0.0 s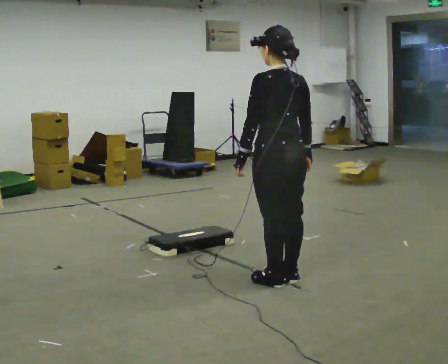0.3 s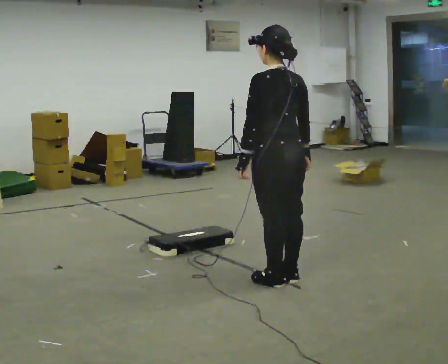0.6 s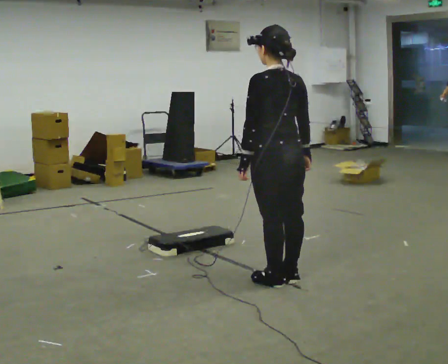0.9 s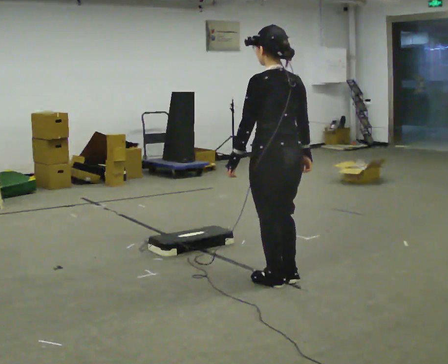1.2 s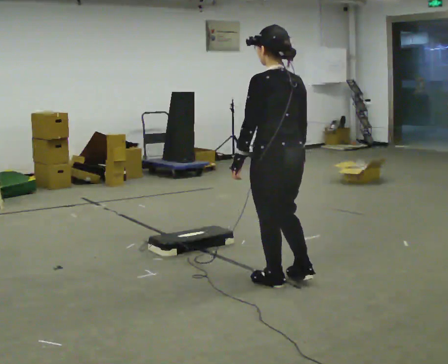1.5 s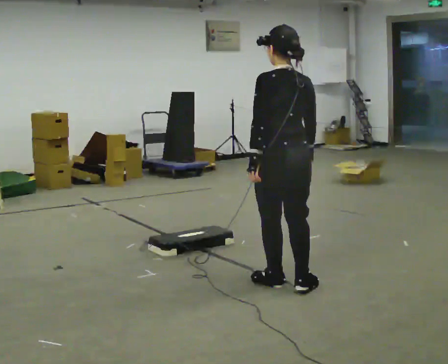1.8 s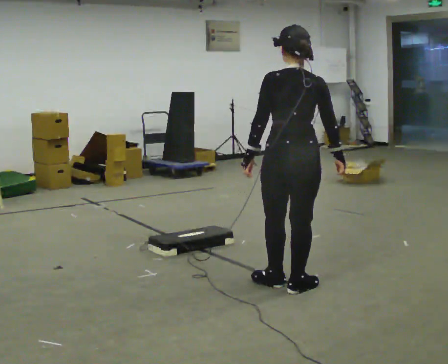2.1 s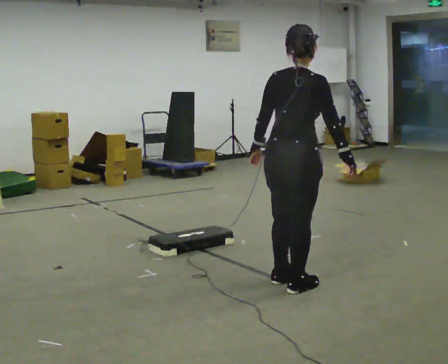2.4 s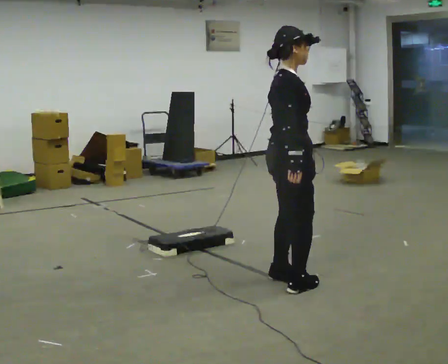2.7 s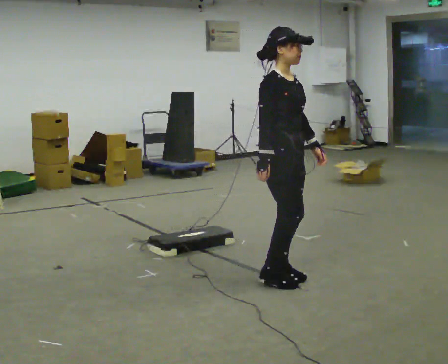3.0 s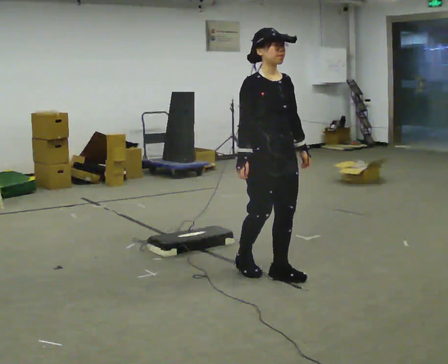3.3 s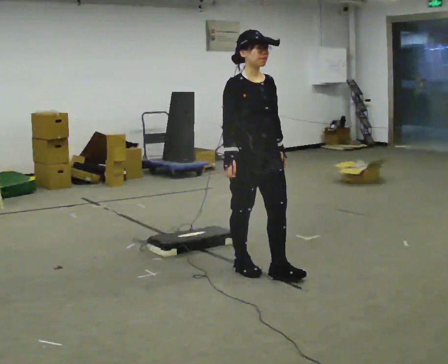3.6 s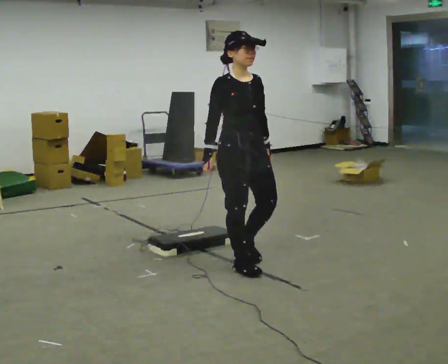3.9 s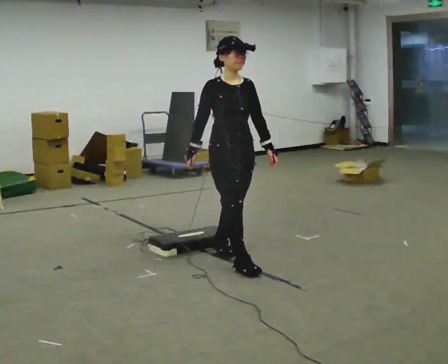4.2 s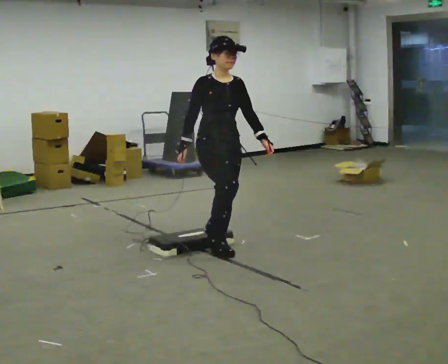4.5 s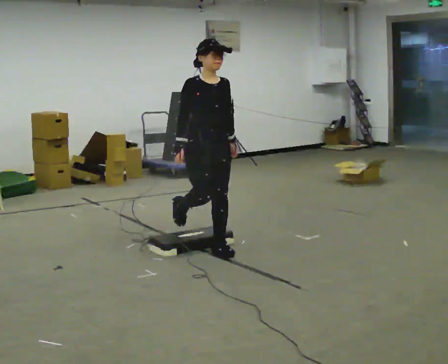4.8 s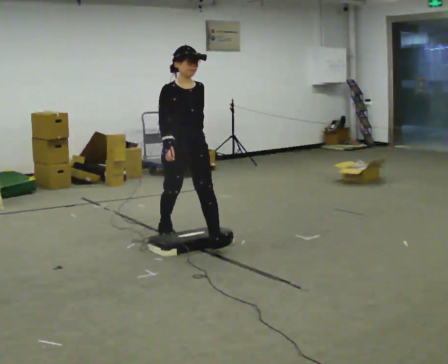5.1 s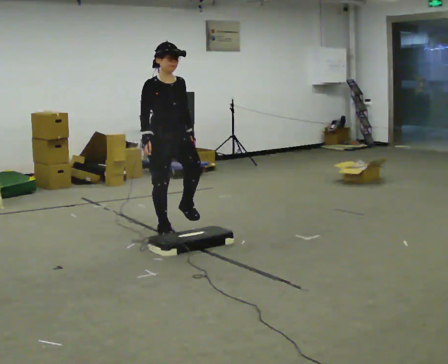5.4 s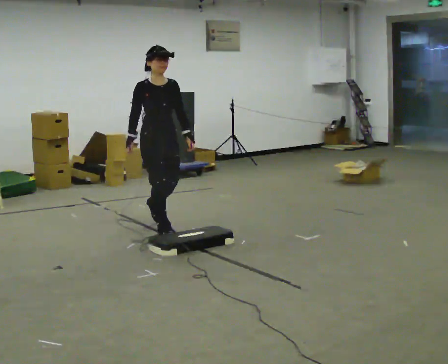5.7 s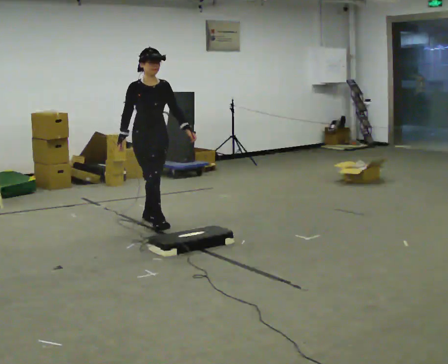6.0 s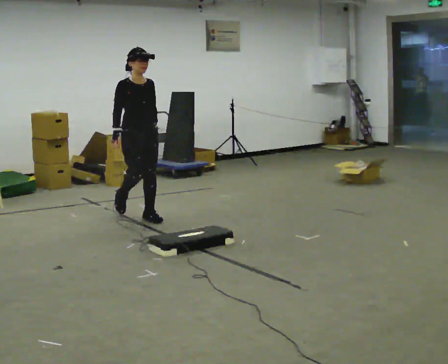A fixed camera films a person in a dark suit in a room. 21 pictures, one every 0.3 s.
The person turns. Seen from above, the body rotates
clockwise.
The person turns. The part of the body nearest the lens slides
to the left.
0.0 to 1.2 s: The person moves a little, or ends about where they began.
1.2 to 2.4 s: Seen from above the body turns clockwise, about 75 degrees: to their right, with its near side sliding to the left.
2.4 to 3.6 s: Seen from above the body turns clockwise, about 105 degrees: to their right, with its near side sliding to the left. In the picture they go away from the camera and to the left, about 0.5 m in 2 steps.
3.6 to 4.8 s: In the picture they go away from the camera and to the left, about 0.5 m in 1 step, which for them is backward.
4.8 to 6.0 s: In the picture they go away from the camera and to the left, about 1 m in 2 steps, which for them is backward.
The film runs backward here.
